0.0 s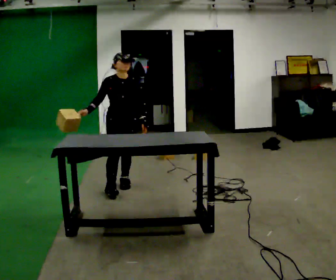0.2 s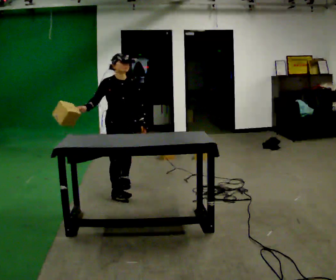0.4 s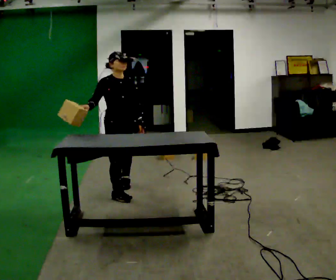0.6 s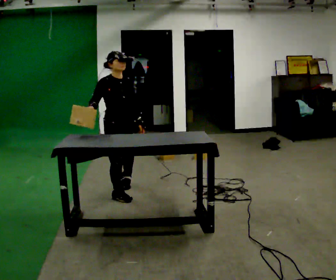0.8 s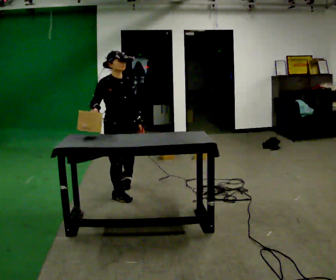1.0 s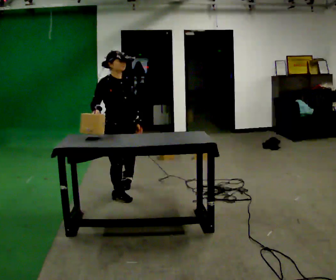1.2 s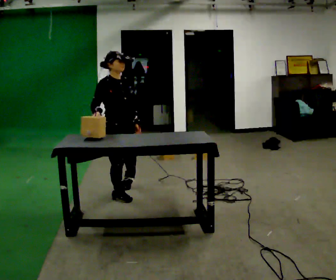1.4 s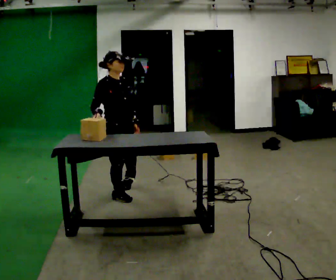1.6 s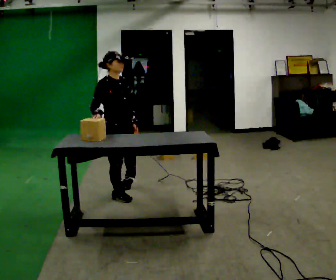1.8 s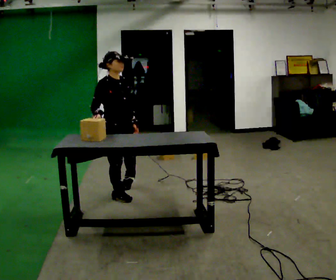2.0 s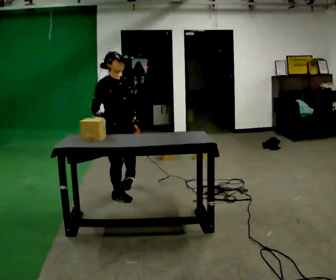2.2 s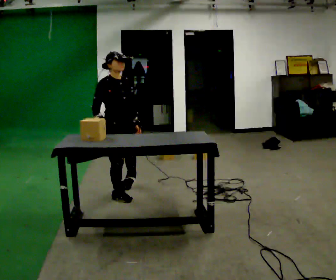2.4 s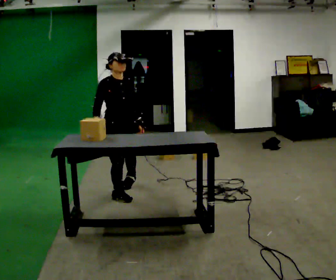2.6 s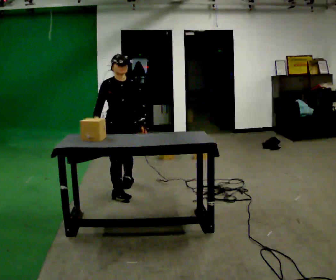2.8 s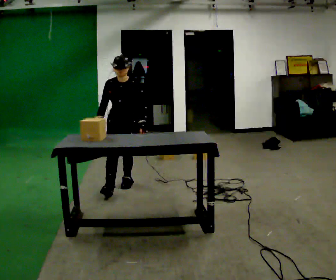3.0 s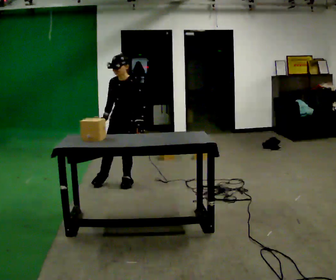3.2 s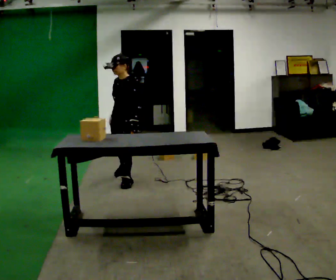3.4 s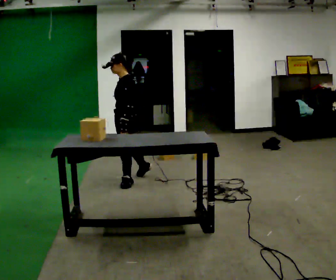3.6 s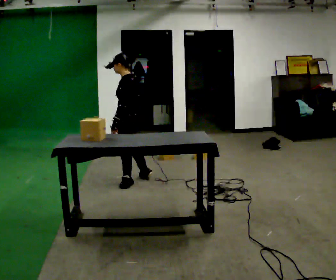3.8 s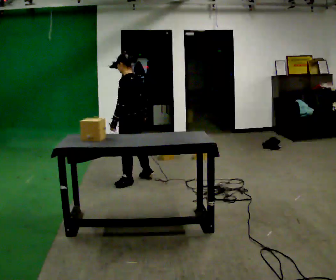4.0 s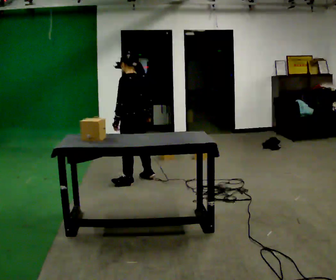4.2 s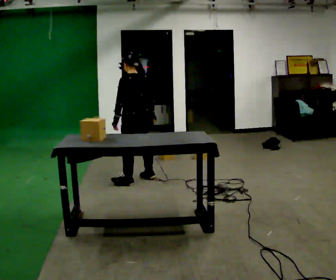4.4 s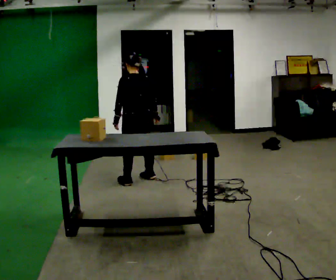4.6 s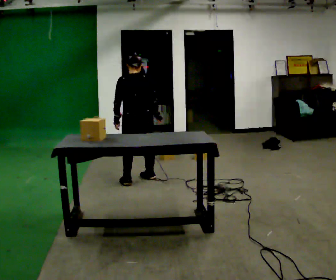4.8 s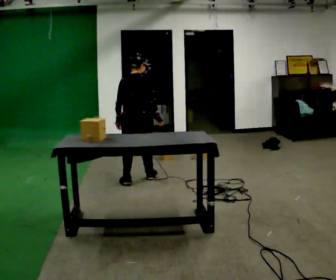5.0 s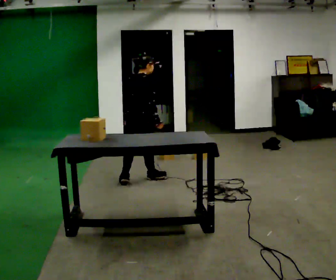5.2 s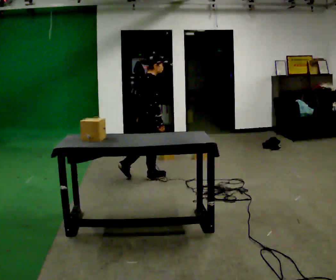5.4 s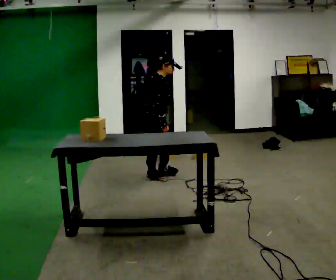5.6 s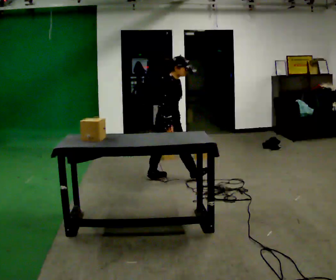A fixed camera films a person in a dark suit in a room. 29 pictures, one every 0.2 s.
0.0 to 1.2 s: The person turns about 30 degrees to their left, counterclockwise seen from above, so the part of the body nearest the lens slides to the right. In the picture they go toward the camera, about 0.25 m in 1 step, which for them is to their right and forward.
1.2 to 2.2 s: The person moves a little, or ends about where they began.
2.2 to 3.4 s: The person turns about 120 degrees to their right, clockwise seen from above, so the part of the body nearest the lens slides to the left. In the picture they go away from the camera, about 0.5 m.
3.4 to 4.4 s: The part of the body nearest the lens slides to the left as the person turns to their right by about 75 degrees. In the picture their right hand goes to the right.
4.4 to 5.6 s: Seen from above the body turns clockwise, about 150 degrees: to their right, with its near side sliding to the left. In the picture they go to the right, about 0.25 m.
The film runs forward here.
